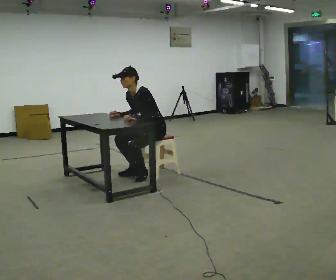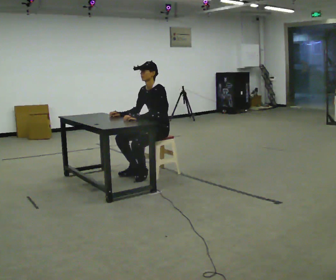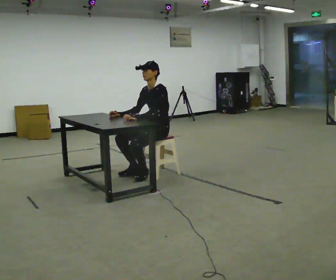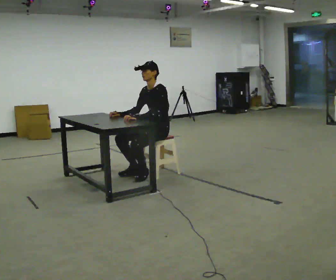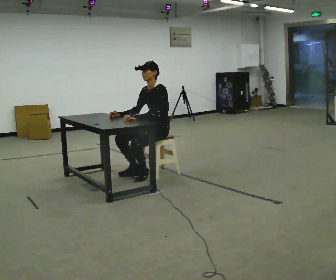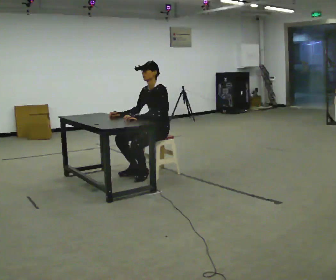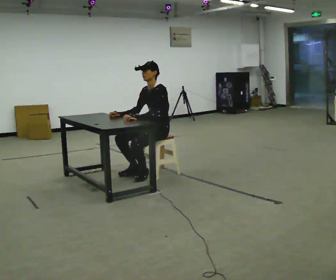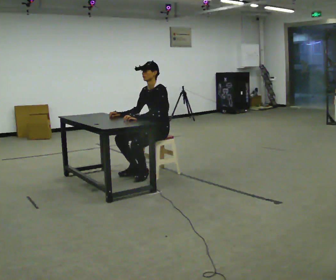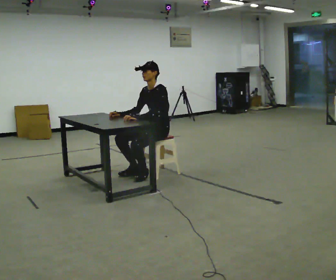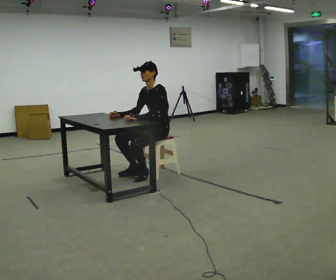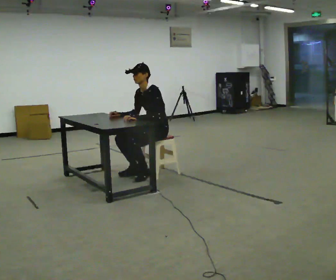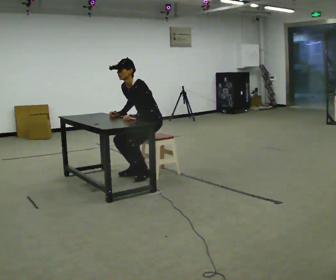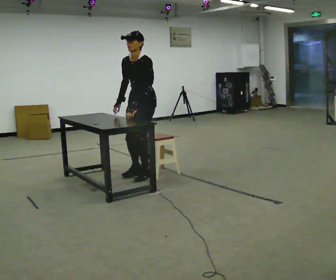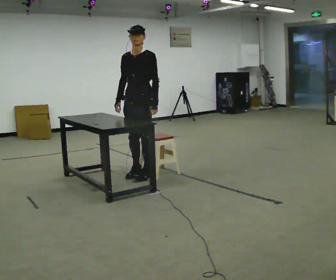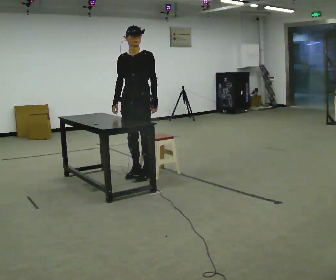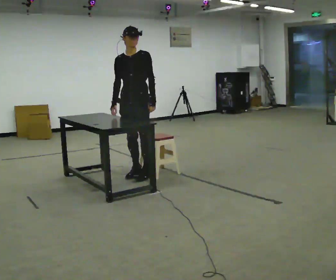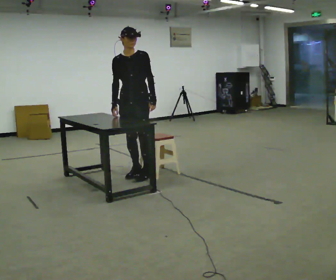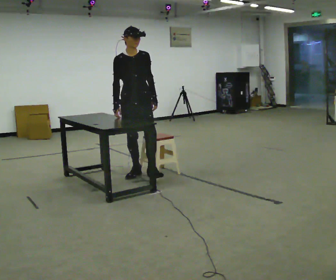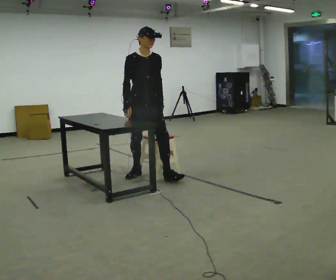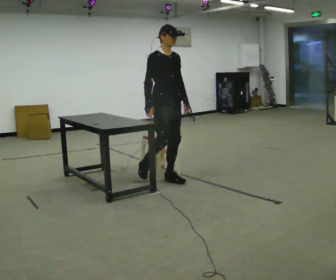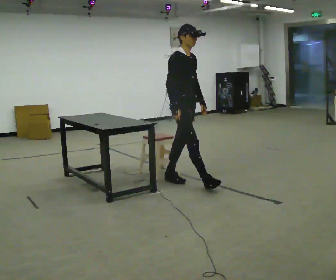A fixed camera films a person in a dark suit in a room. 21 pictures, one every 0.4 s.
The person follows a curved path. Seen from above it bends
counterclockwise.
The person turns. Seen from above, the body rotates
counterclockwise.
0.0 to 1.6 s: In the picture the upper body tilts clockwise, shoulders to the right, as they lean back or straighten.
1.6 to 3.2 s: The person keeps their place and pose.
3.2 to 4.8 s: In the picture they go to the left, about 0.25 m, which for them is forward. The shoulders move upward.
4.8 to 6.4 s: Seen from above the body turns counterclockwise, about 30 degrees: to their left, with its near side sliding to the right. The upper body tips away from the camera, its near side rolling upward, as they lean back or straighten.
6.4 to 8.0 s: The person turns about 60 degrees to their left, counterclockwise seen from above, so the part of the body nearest the lens slides to the right. In the picture they go to the right and toward the camera, about 0.75 m in 1 step.
The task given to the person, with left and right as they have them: Walk up to the chair at the table, sit down into the space, settle as if you were about to work there, then stand up and step away. Repeat the movement at your own pace until the operator says stop; do not rush.
The film runs forward here.
